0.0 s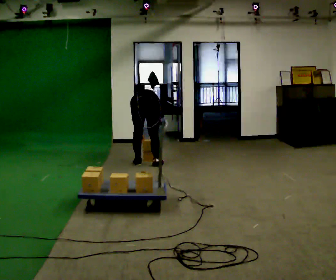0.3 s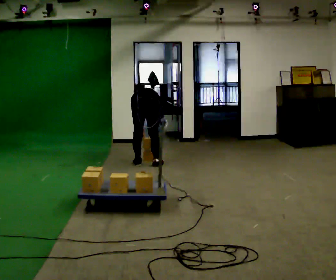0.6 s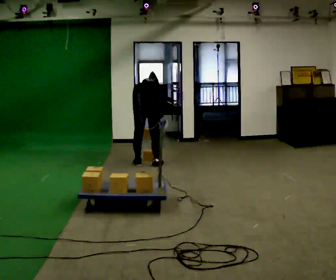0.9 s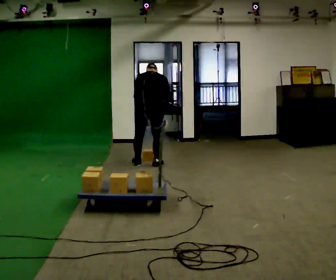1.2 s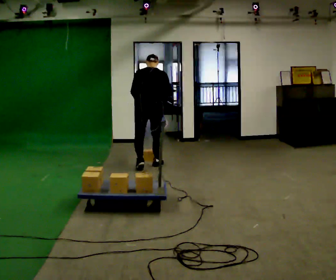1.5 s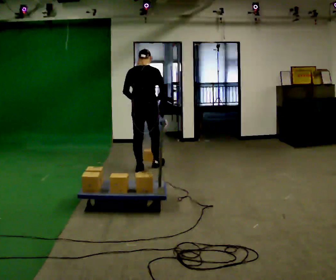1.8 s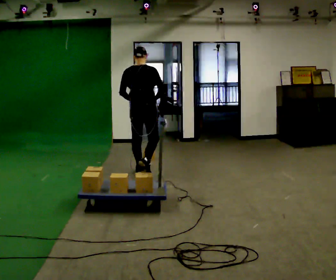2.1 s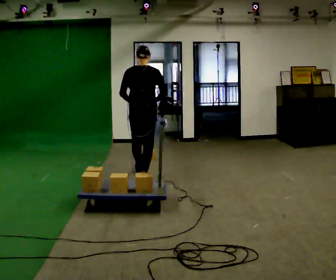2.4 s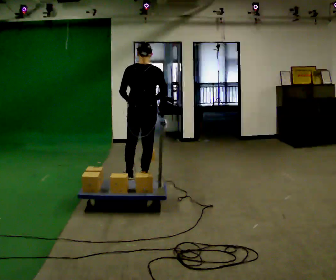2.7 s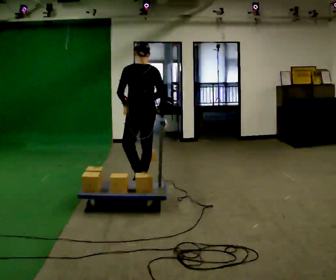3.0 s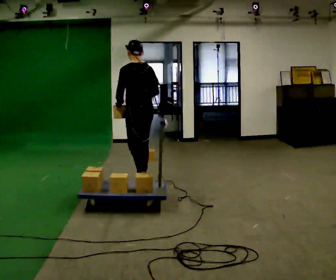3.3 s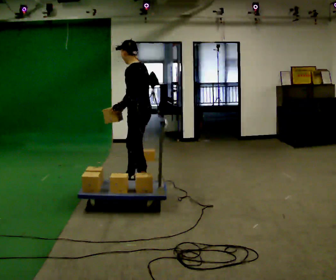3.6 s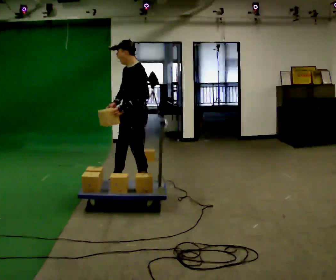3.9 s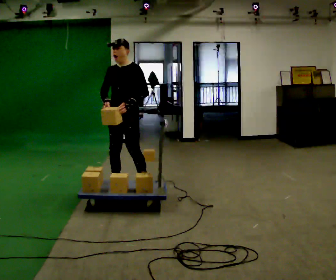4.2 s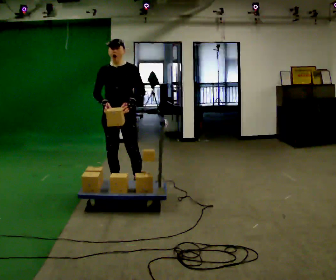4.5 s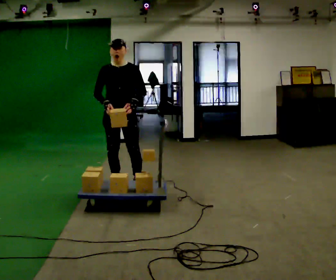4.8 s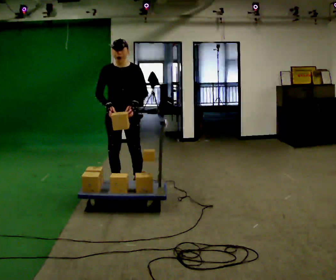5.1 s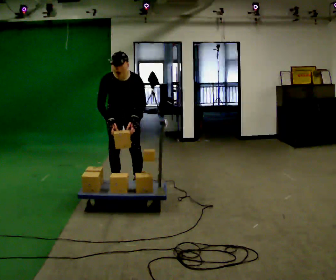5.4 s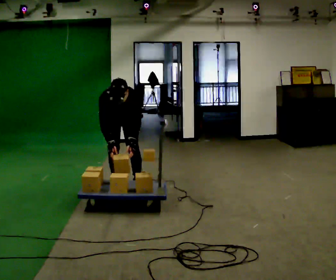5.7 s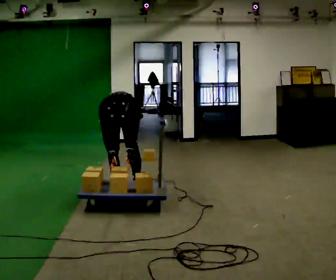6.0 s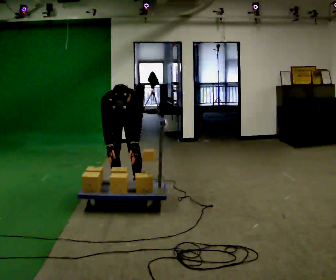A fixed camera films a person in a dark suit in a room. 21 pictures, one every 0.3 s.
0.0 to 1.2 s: The upper body goes upward. The upper body tips toward the camera, its near side rolling downward, as they lean back or straighten. In the picture their left hand goes upward.
1.2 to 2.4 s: In the picture they go toward the camera, about 0.5 m in 2 steps, which for them is backward.
2.4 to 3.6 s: The part of the body nearest the lens slides to the right as the person turns to their left by about 105 degrees. In the picture they go toward the camera, about 0.25 m in 1 step.
3.6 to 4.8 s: The person turns about 75 degrees to their left, counterclockwise seen from above, so the part of the body nearest the lens slides to the right. In the picture they go to the left, about 0.25 m in 1 step.
4.8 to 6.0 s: The shoulders move downward. The upper body tips toward the camera, its near side rolling downward, as they bend forward. In the picture their left hand goes downward.
The film runs backward here.
